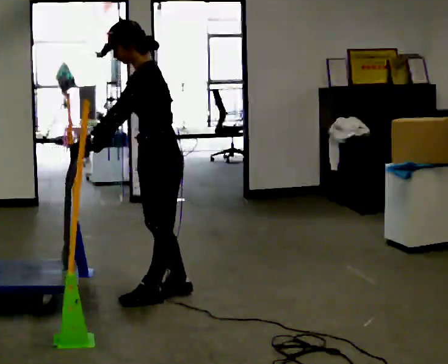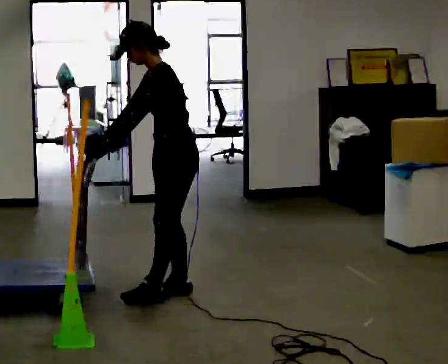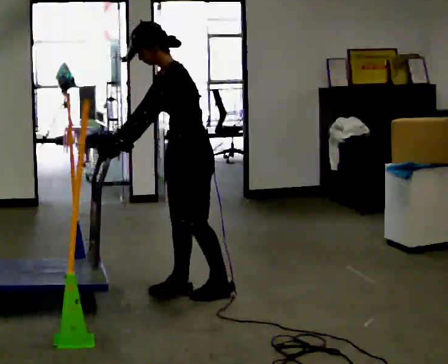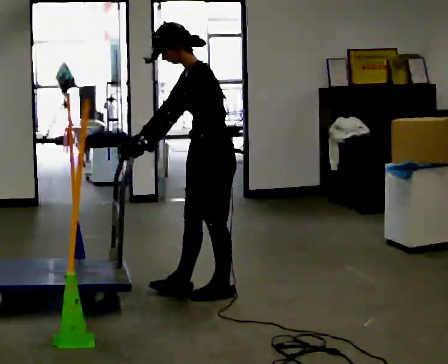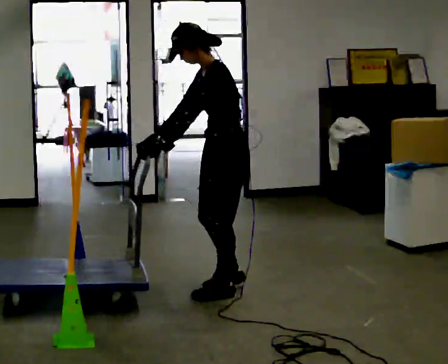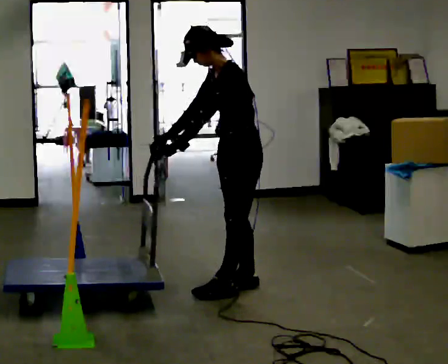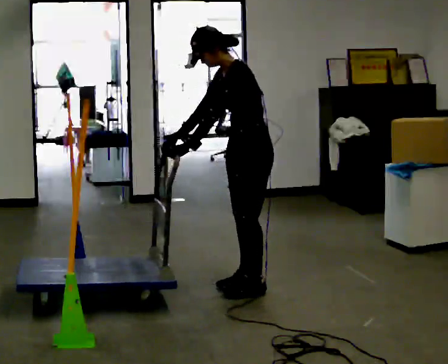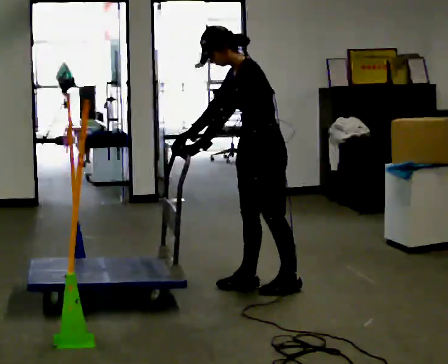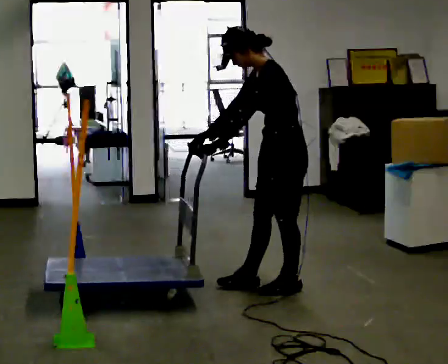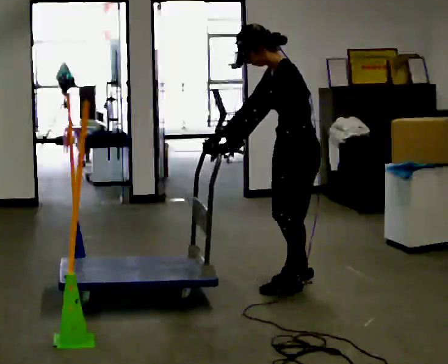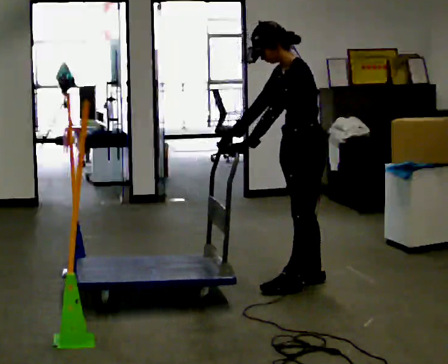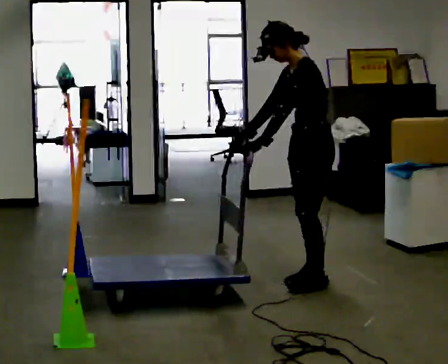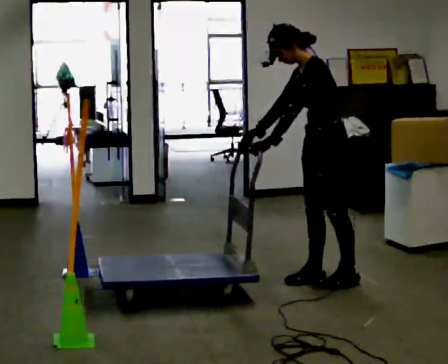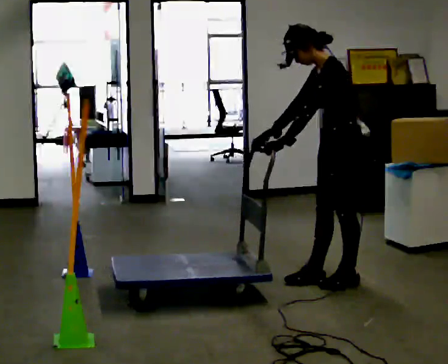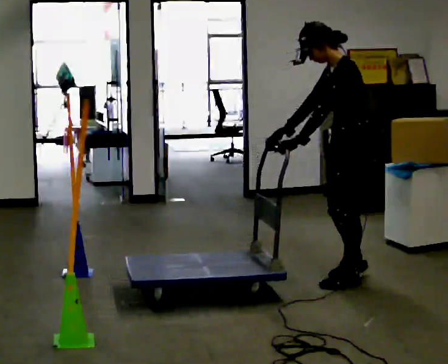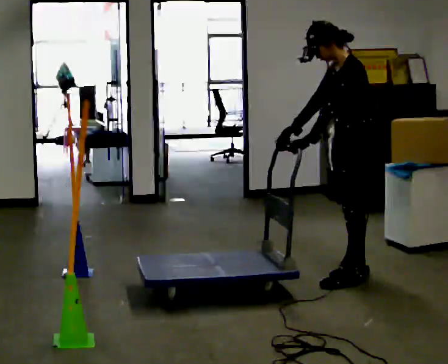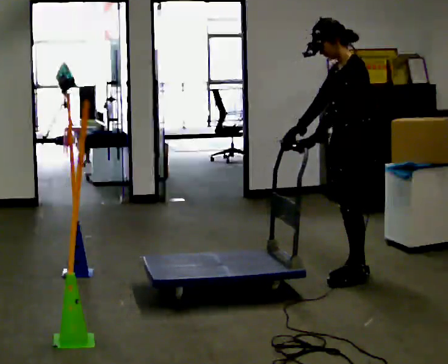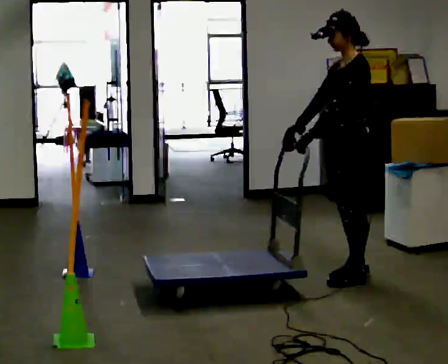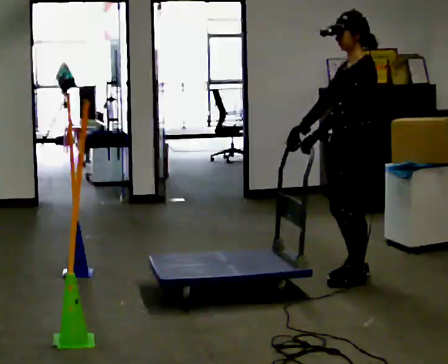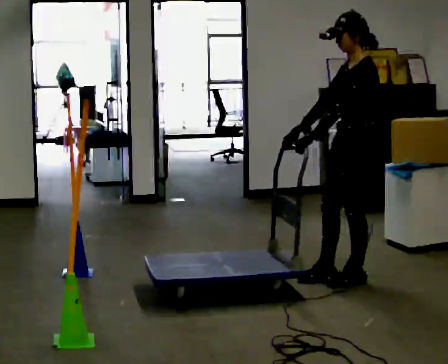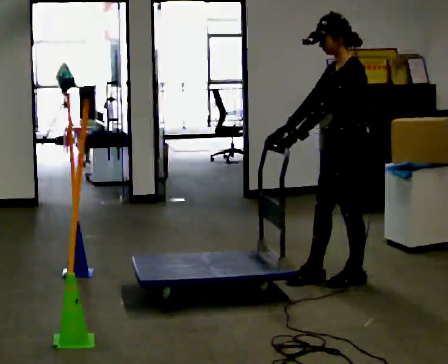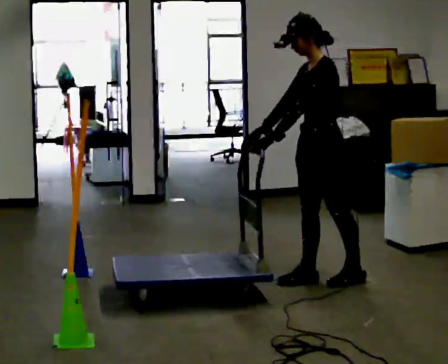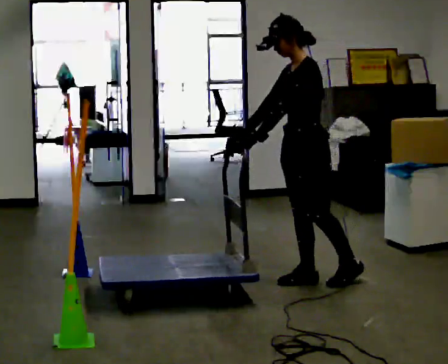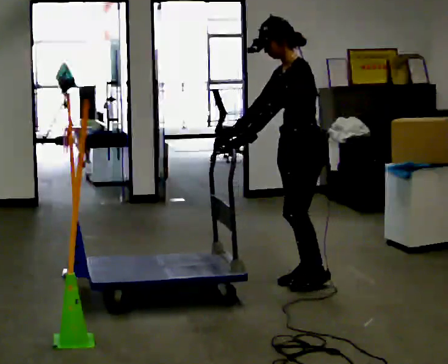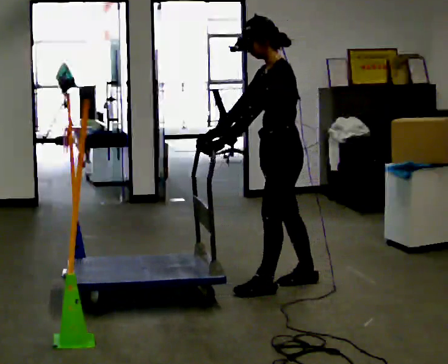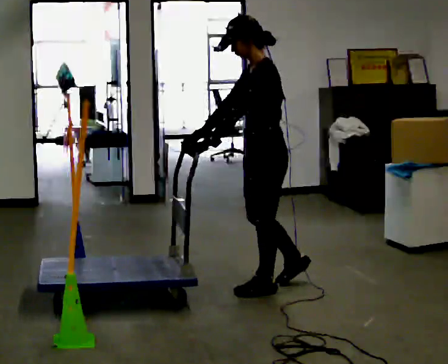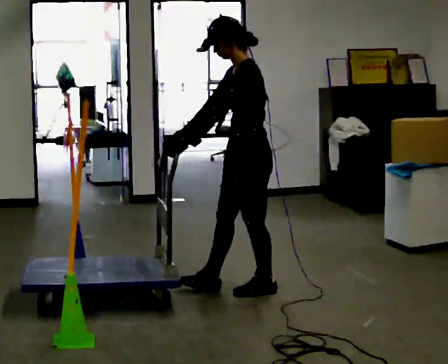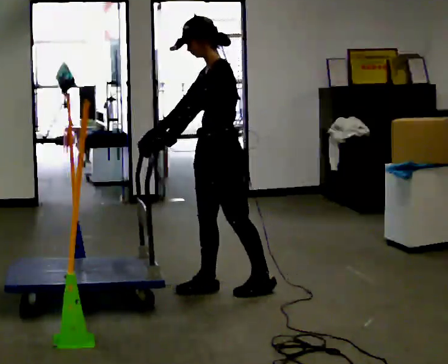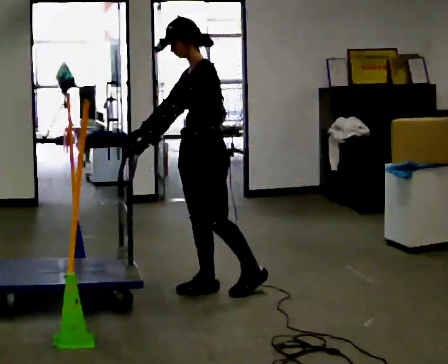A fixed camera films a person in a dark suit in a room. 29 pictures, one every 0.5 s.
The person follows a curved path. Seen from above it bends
counterclockwise.
0.0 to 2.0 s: In the picture they go to the right, about 0.25 m in 1 step, which for them is backward.
2.0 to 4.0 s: In the picture they go to the right, about 0.25 m in 2 steps, which for them is backward.
4.0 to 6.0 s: In the picture they go to the right and away from the camera, about 0.25 m in 2 steps, which for them is backward.
6.0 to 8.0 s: In the picture they go to the right, about 0.25 m in 1 step, which for them is backward.
8.0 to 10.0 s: The person moves a little, or ends about where they began.
10.0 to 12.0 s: In the picture they go to the left, about 0.5 m in 1 step, which for them is forward.
12.0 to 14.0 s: In the picture they go to the left, about 0.5 m in 1 step, which for them is forward.
The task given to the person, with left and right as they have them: Push the cart through the gap between the poles without touching them, then bring it back through.
The film runs forward here.
